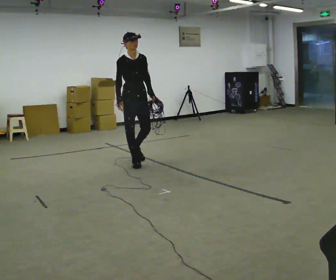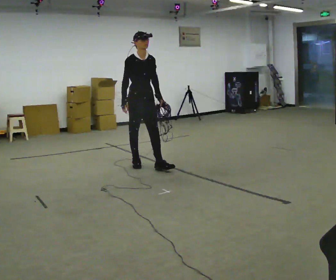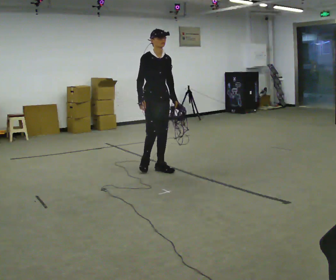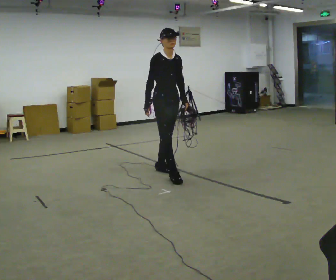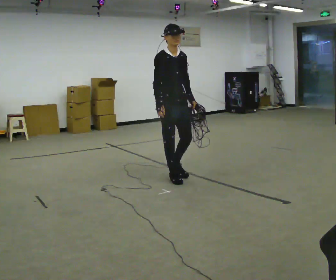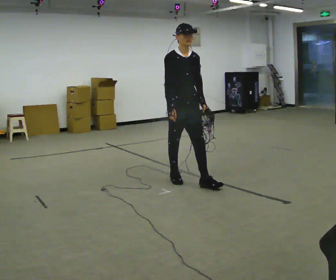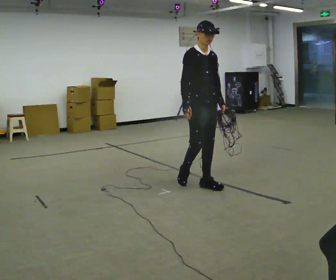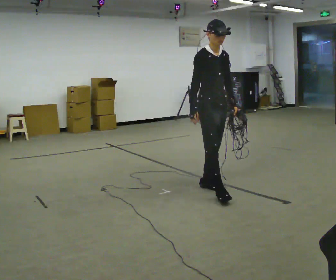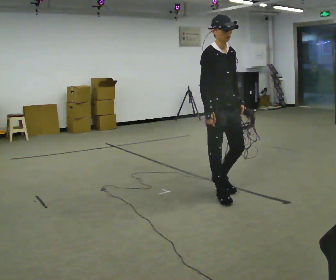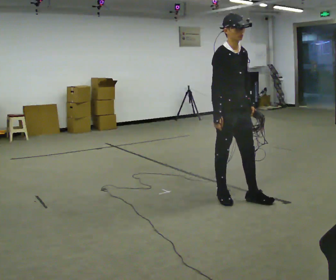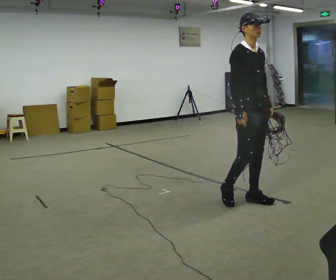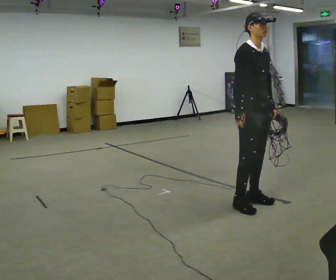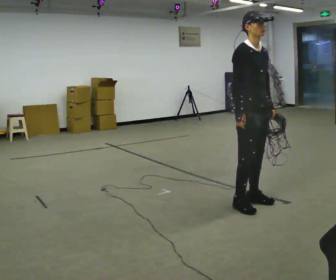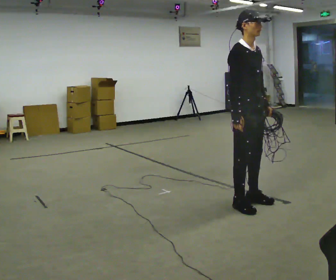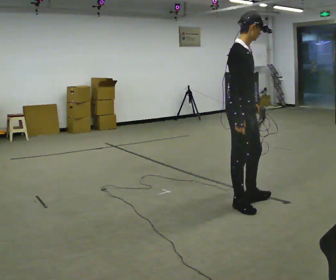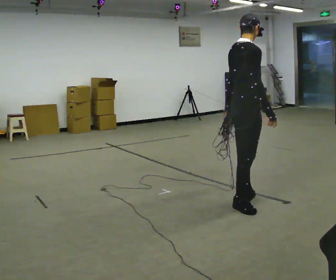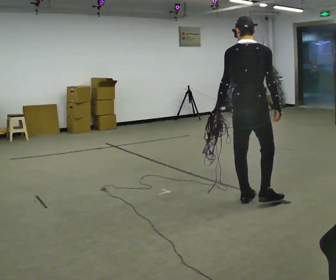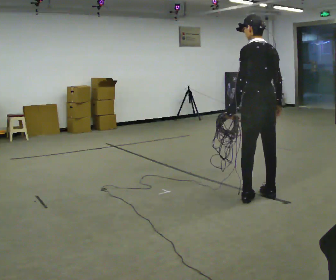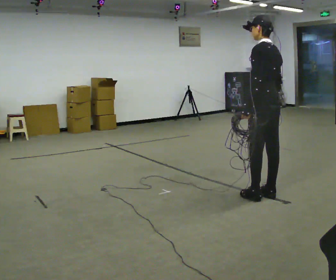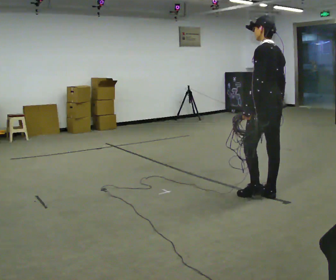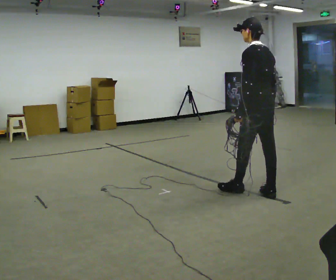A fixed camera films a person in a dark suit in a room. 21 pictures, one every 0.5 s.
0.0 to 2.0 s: In the picture they go toward the camera and to the right, about 1 m in 2 steps, which for them is forward.
2.0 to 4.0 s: In the picture they go to the right and toward the camera, about 1 m in 2 steps, which for them is forward.
4.0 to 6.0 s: In the picture they go to the right and toward the camera, about 0.25 m in 2 steps, which for them is forward.
6.0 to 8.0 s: Seen from above the body turns counterclockwise, about 120 degrees: to their left, with its near side sliding to the right. In the picture their left hand goes to the left, the arm swinging clockwise.
8.0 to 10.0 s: Seen from above the body turns counterclockwise, about 60 degrees: to their left, with its near side sliding to the right. In the picture they go away from the camera, about 0.25 m in 2 steps.
The film runs forward here.
